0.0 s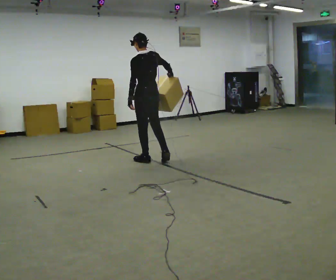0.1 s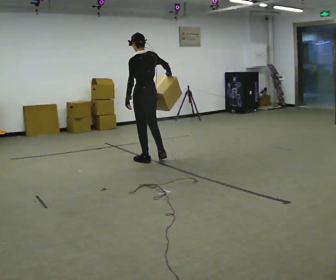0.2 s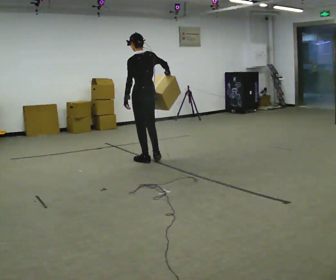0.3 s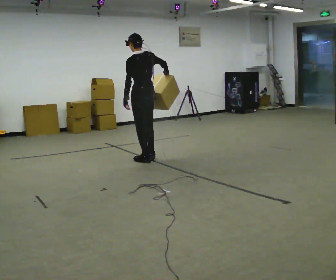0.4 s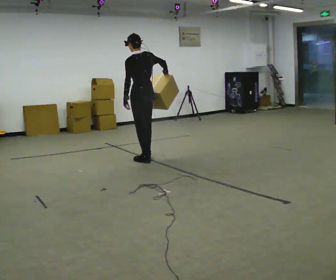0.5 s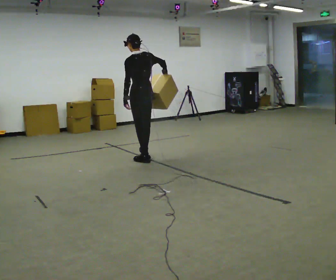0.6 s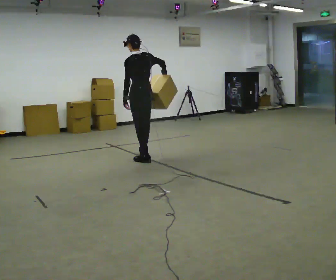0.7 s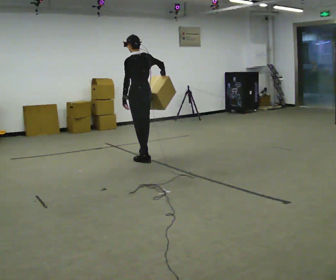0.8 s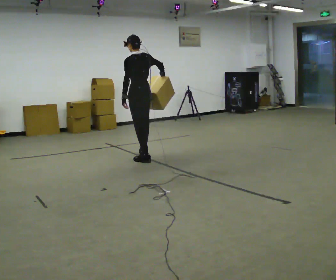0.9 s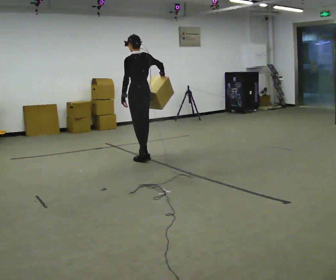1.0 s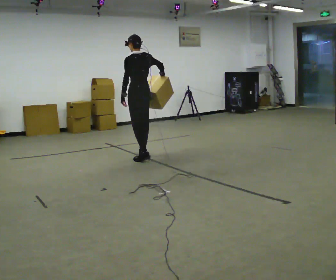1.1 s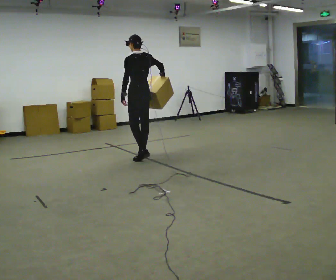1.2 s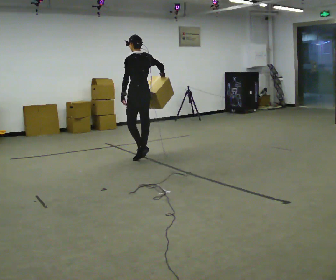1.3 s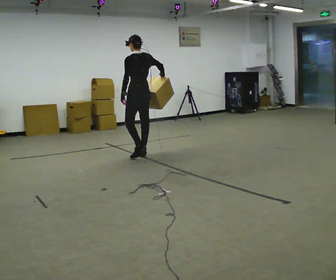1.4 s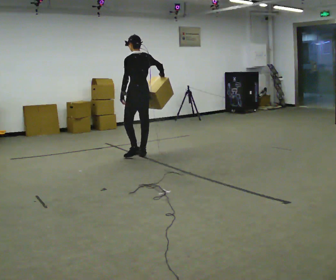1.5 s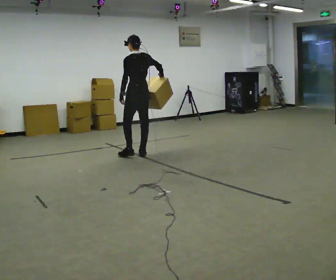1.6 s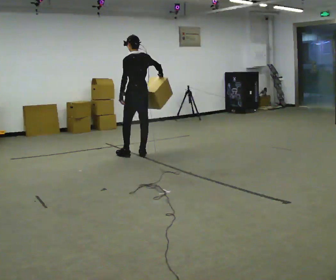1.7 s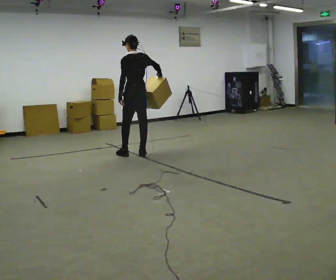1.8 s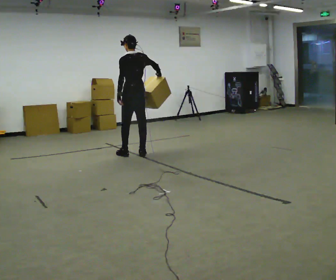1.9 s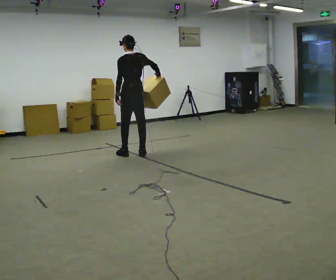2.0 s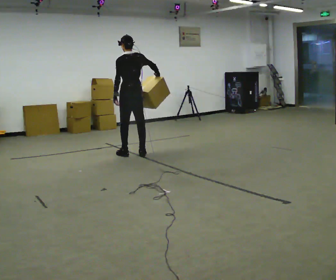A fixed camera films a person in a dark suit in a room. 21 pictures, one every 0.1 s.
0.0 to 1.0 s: In the picture they go away from the camera, about 0.25 m in 1 step, which for them is forward.
1.0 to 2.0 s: The person moves a little, or ends about where they began.
The film runs forward here.
